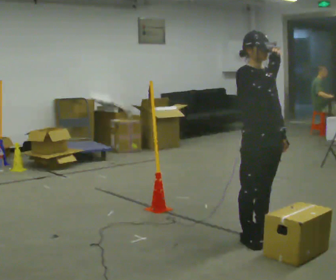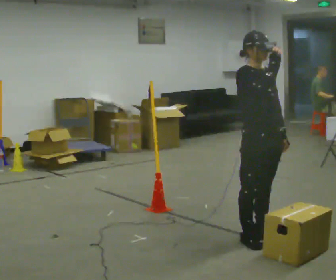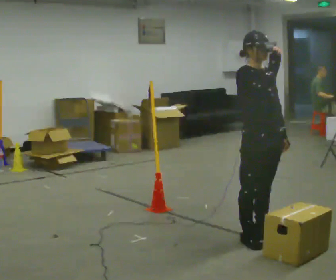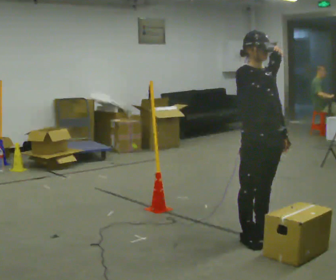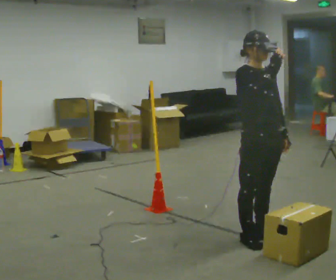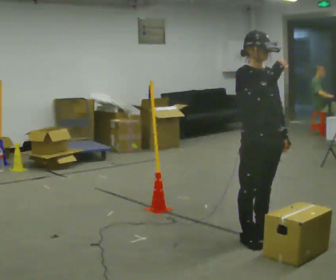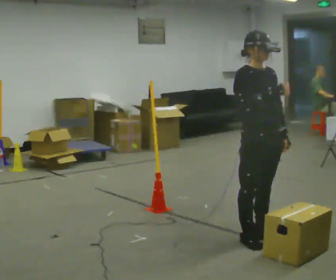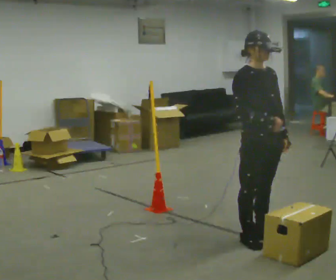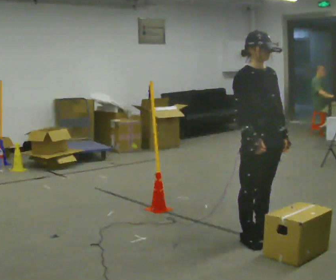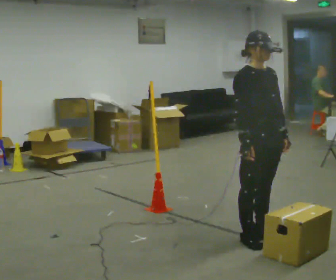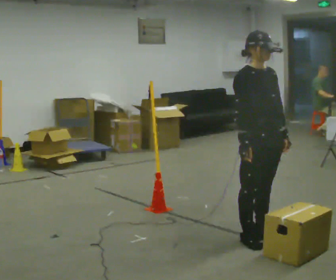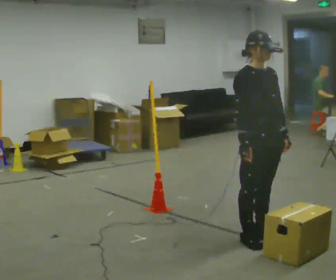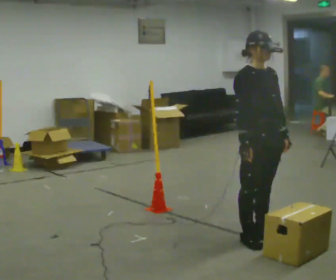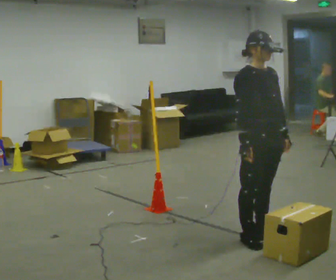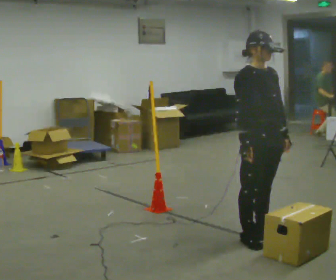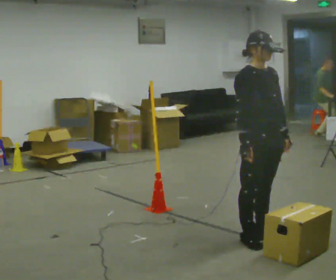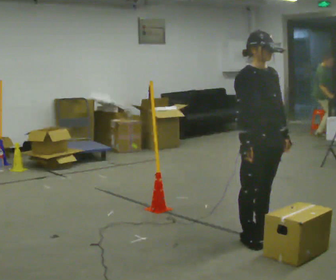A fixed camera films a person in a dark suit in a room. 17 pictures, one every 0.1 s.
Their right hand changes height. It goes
downward.
0.0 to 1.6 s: In the picture their right hand goes downward.
The film runs backward here.
